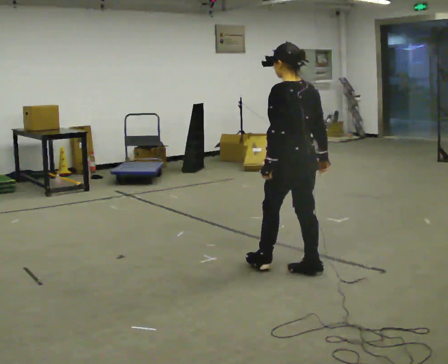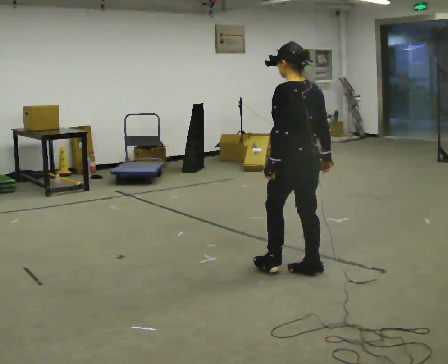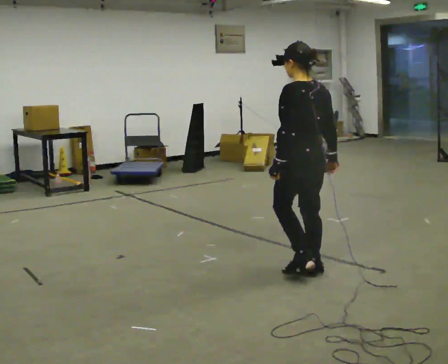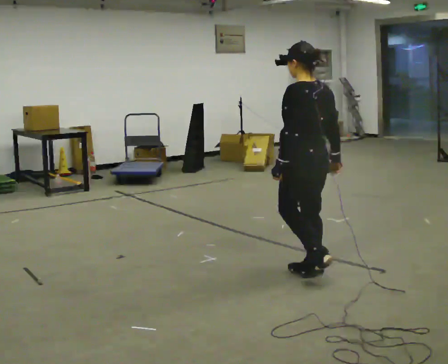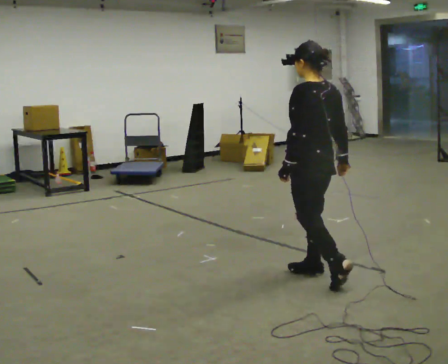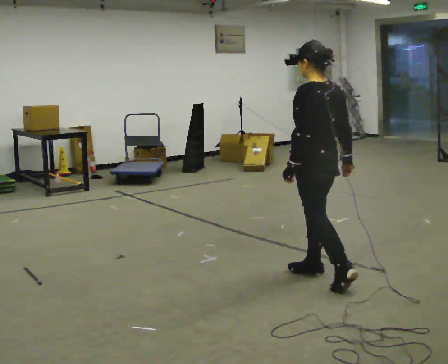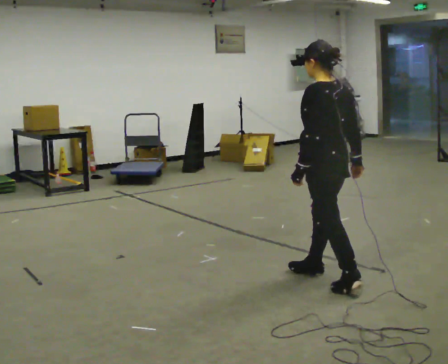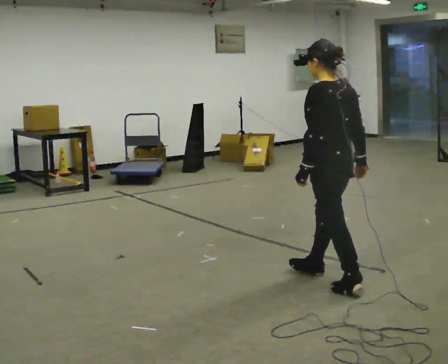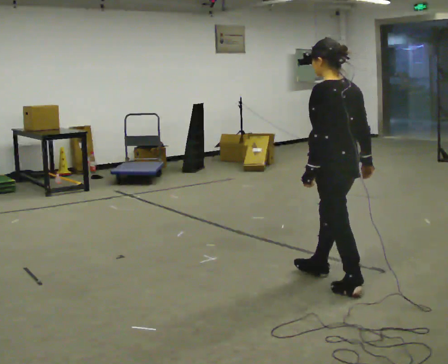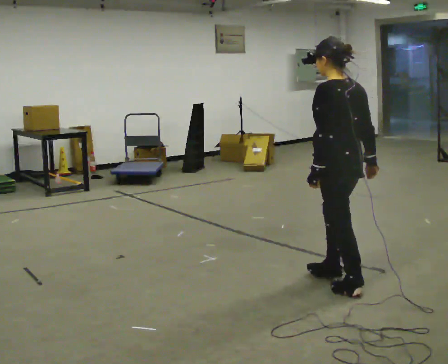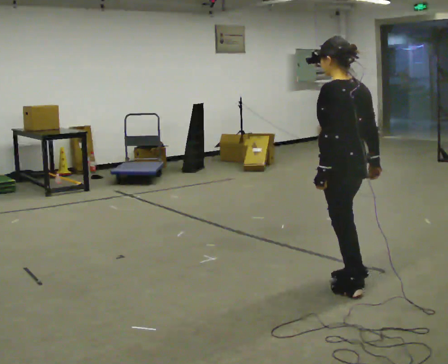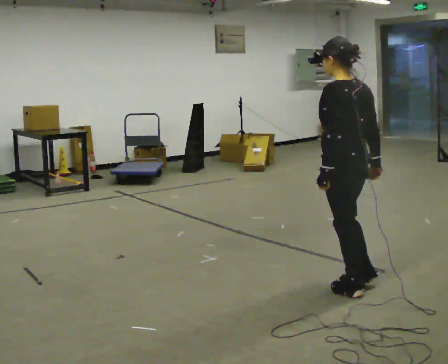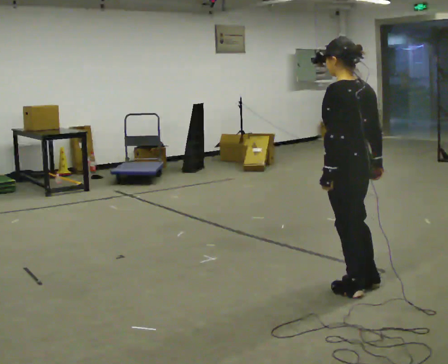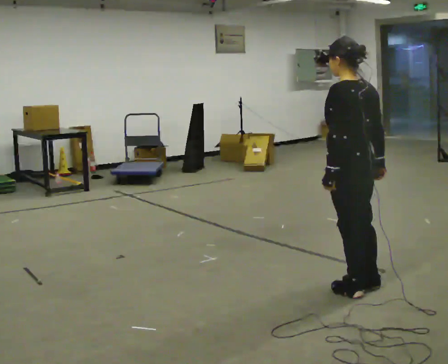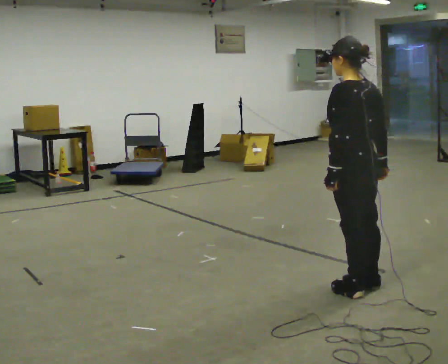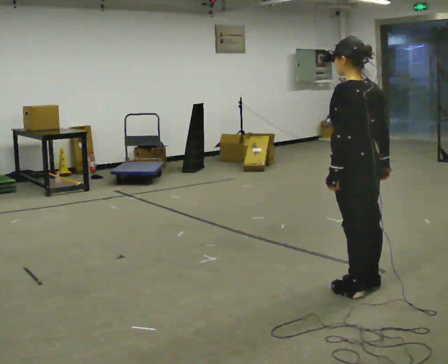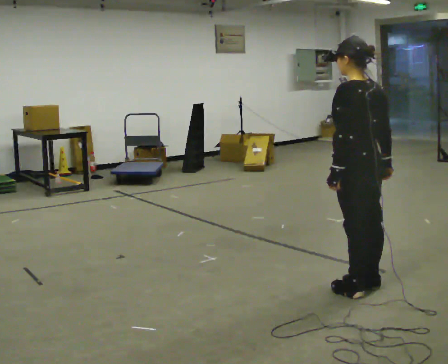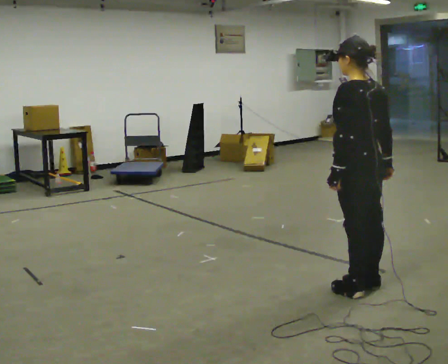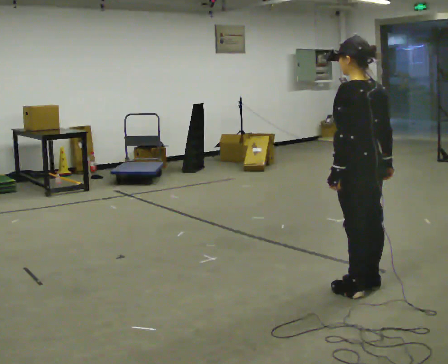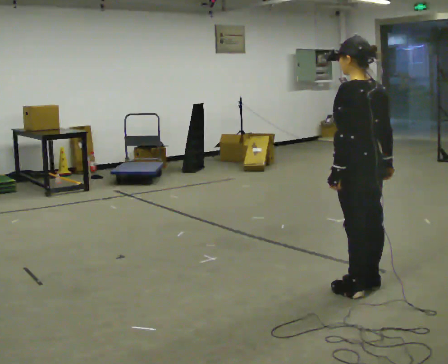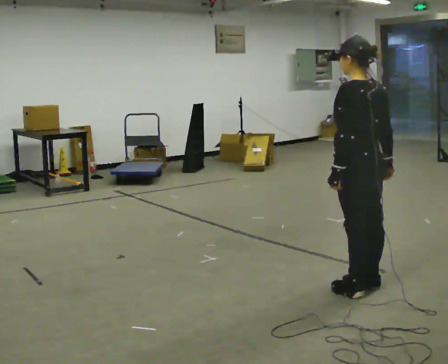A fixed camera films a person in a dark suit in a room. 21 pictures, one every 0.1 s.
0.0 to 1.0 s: In the picture they go to the right and toward the camera, about 0.5 m in 1 step, which for them is backward.
1.0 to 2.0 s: The person moves a little, or ends about where they began.
The film runs backward here.
